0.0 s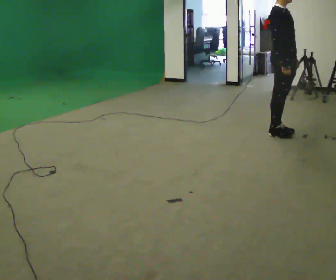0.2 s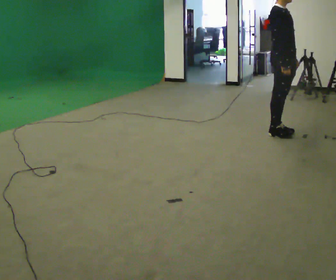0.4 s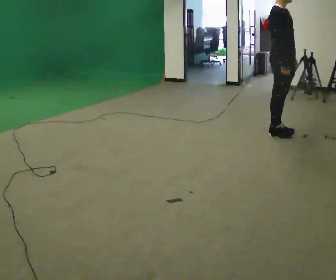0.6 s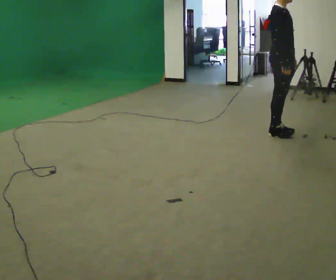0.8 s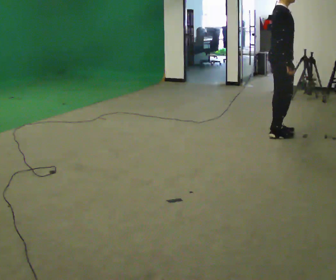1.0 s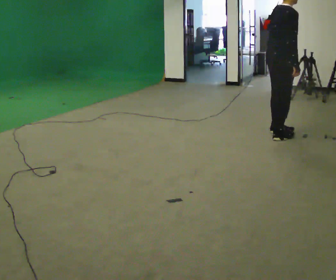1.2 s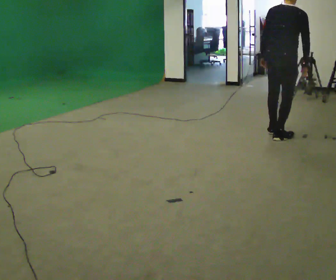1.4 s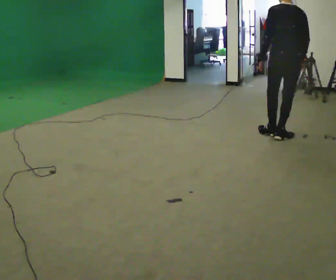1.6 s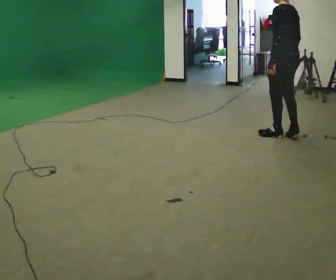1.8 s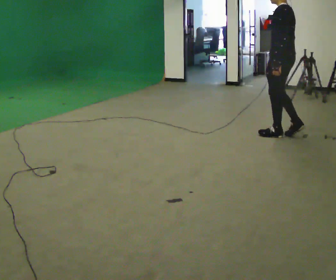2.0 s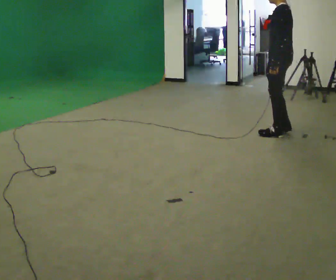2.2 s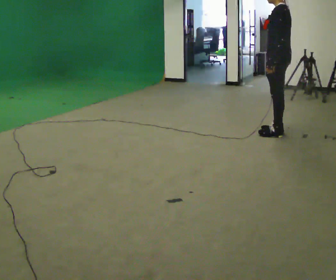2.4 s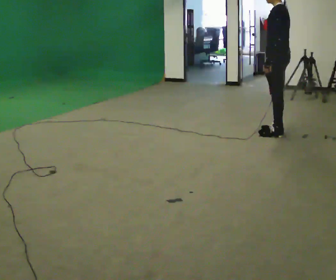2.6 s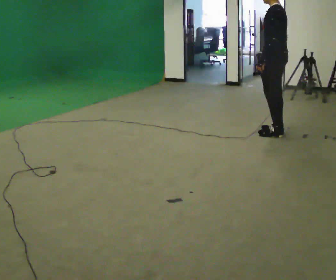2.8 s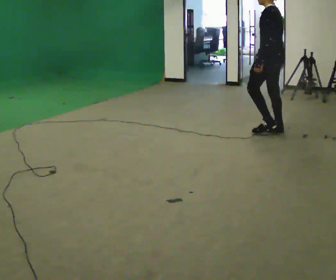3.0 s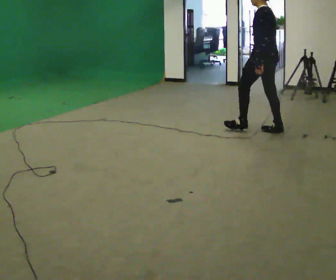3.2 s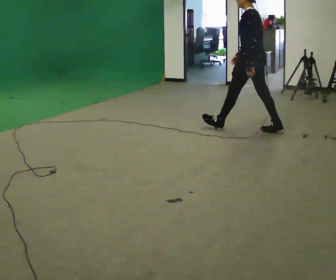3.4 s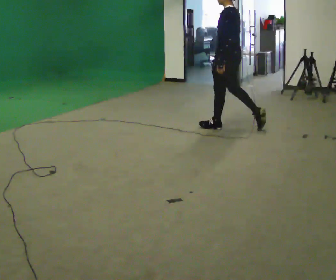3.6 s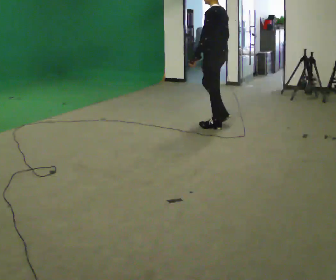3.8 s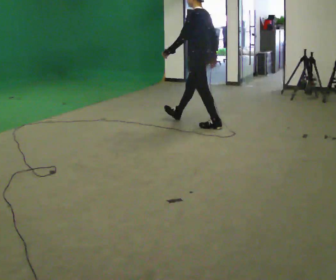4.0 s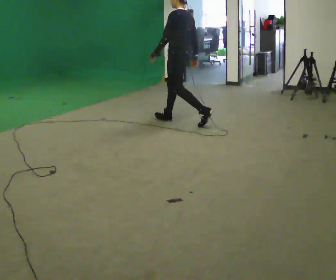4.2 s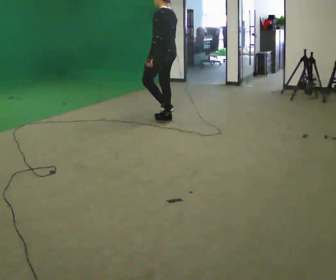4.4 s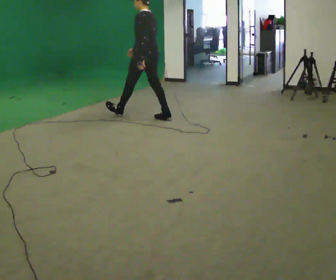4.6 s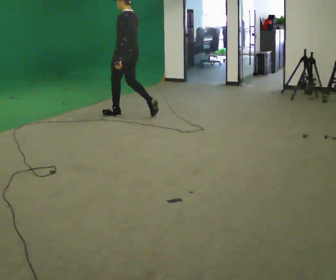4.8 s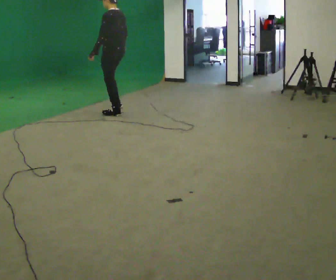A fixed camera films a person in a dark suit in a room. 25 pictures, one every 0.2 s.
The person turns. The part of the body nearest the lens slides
to the right.
The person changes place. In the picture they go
to the left.
0.0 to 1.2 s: The person turns about 90 degrees to their left, counterclockwise seen from above, so the part of the body nearest the lens slides to the right. In the picture their left hand goes to the left, the arm swinging clockwise.
1.2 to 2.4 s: The part of the body nearest the lens slides to the right as the person turns to their left by about 105 degrees. In the picture they go away from the camera, about 0.25 m in 2 steps.
2.4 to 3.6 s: In the picture they go to the left, about 1 m in 1 step, which for them is forward.
3.6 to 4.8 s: In the picture they go to the left, about 1.5 m in 2 steps, which for them is forward.
The film runs forward here.
